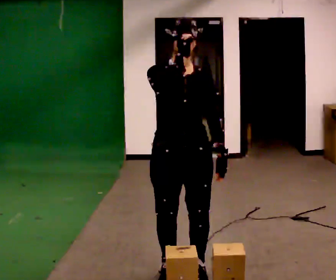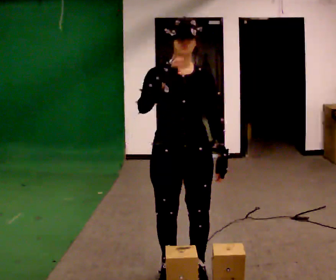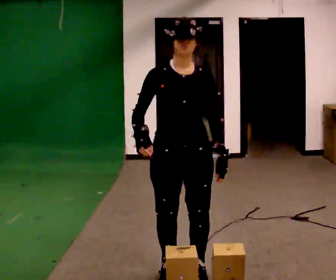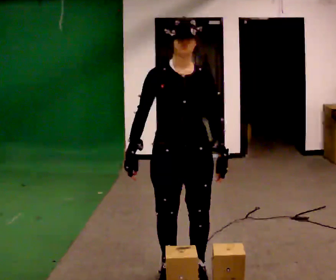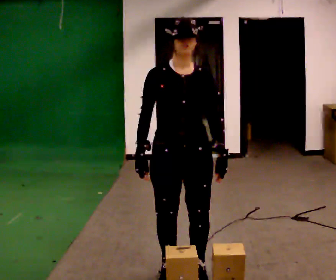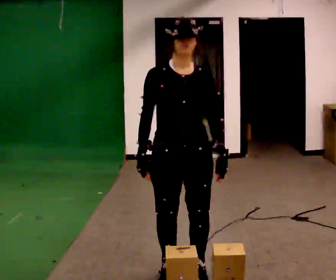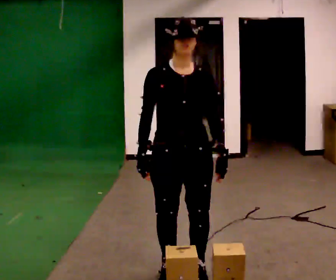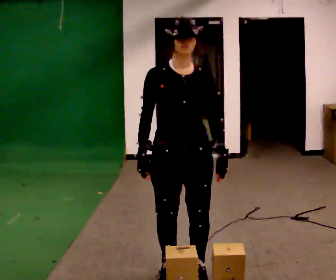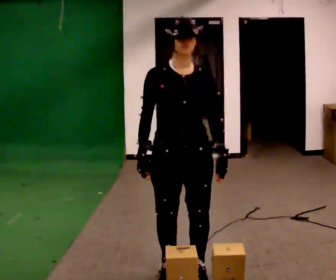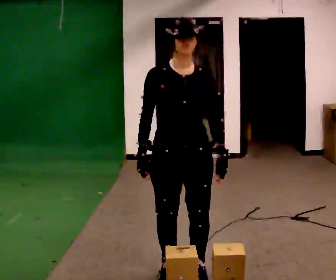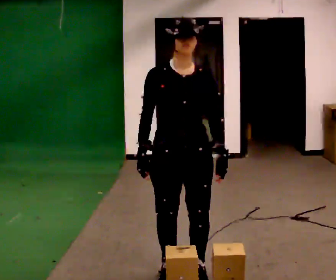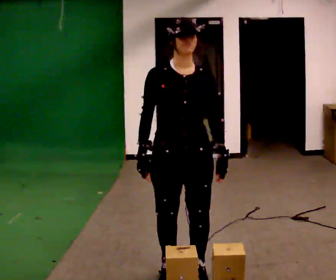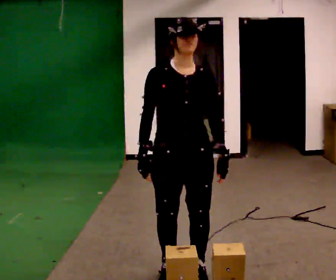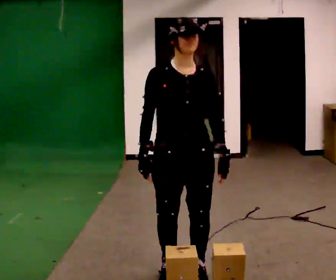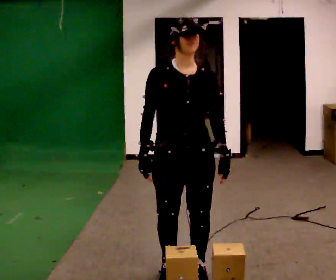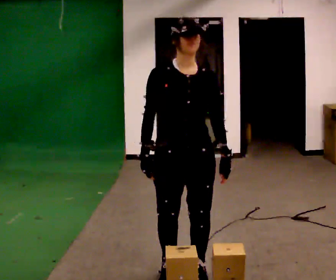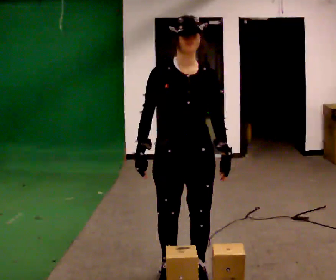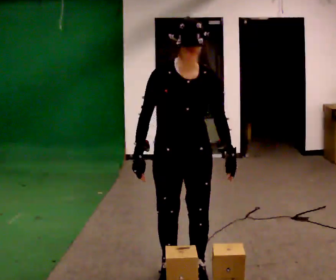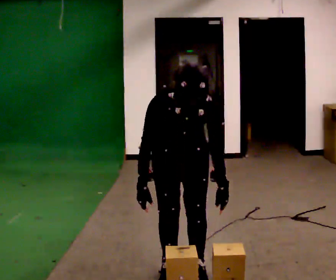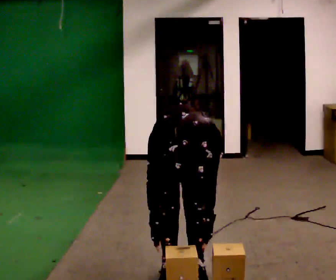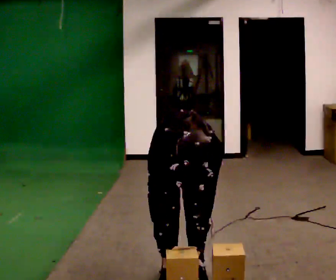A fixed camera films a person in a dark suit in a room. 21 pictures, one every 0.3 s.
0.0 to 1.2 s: In the picture their right hand goes downward.
1.2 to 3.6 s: The person keeps their place and pose.
3.6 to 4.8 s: The person moves a little, or ends about where they began.
4.8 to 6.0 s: In the picture they go away from the camera, about 0.25 m, which for them is backward. The upper body goes downward. The upper body tips toward the camera, its near side rolling downward, as they bend forward. In the picture their left hand goes downward.
The film runs backward here.
